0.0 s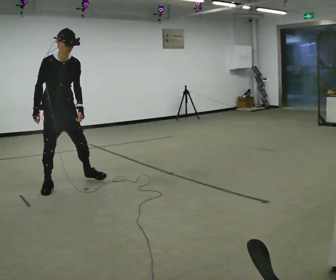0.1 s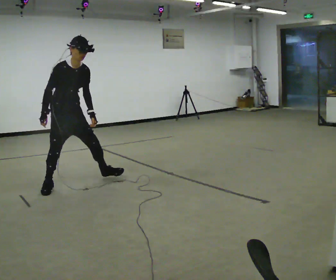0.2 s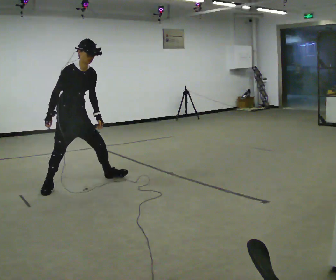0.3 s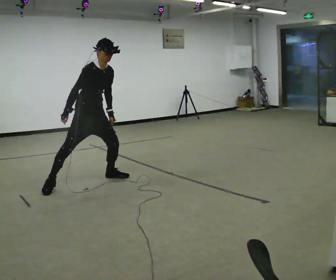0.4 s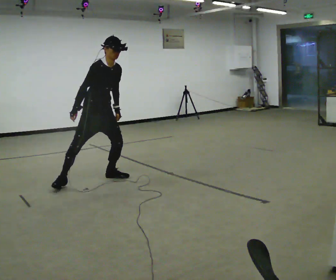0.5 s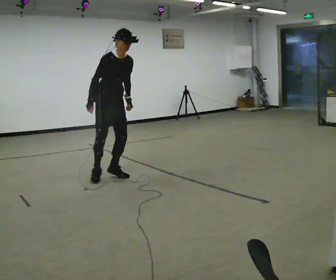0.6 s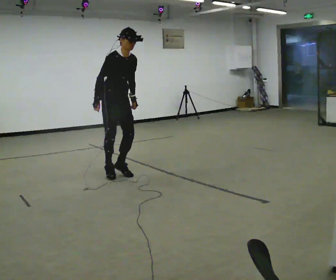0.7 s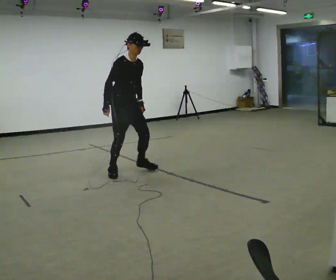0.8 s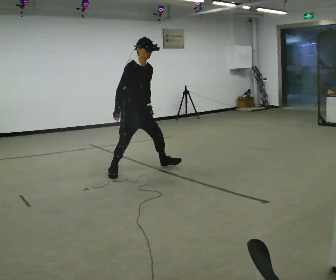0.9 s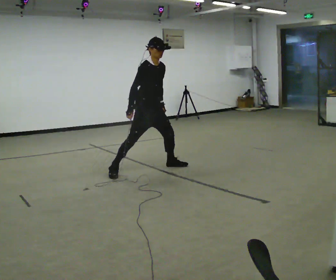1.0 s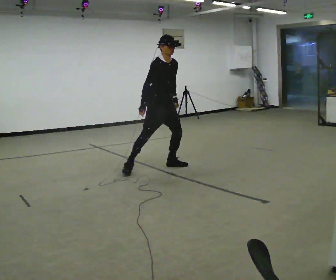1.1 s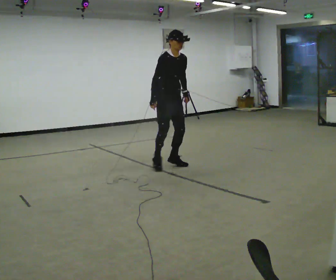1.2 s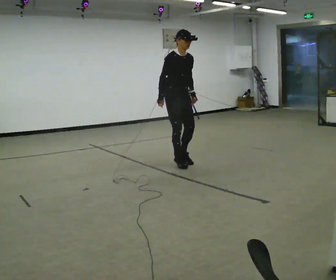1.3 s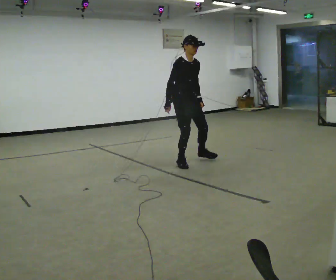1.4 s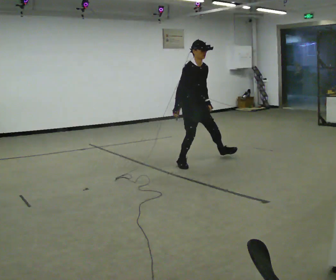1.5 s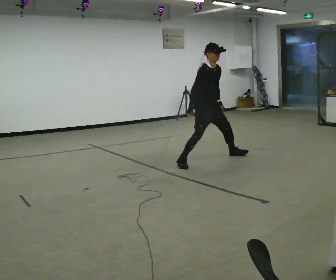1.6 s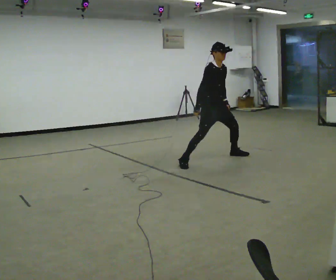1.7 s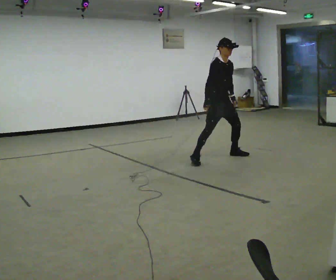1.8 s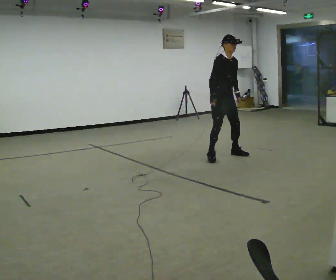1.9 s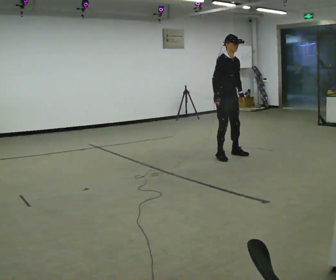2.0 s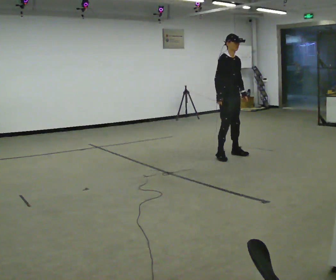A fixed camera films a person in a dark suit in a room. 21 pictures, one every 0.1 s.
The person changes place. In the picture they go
to the right.
0.0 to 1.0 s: In the picture they go to the right and away from the camera, about 1.5 m in 3 steps, which for them is to their left.
1.0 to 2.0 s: In the picture they go to the right and away from the camera, about 1 m in 3 steps, which for them is to their left.
The film runs forward here.
